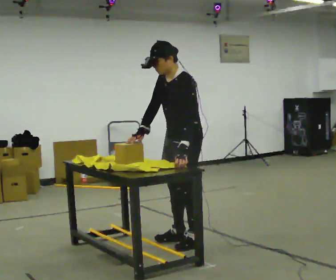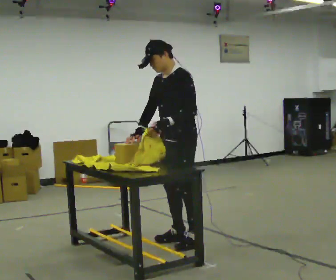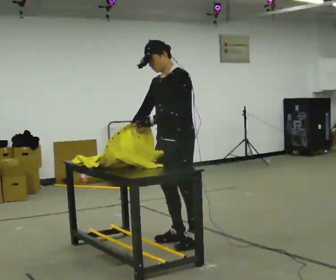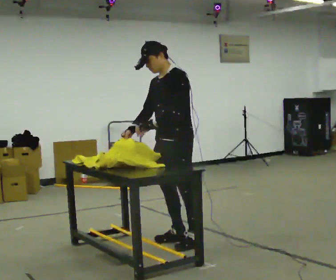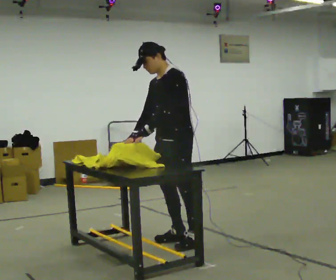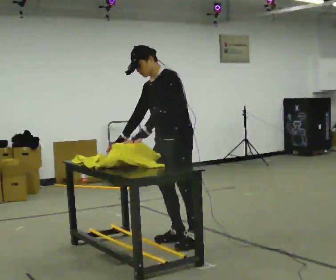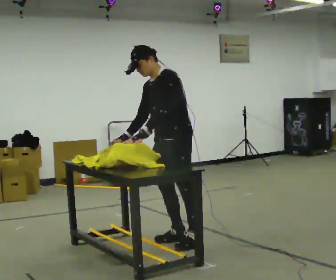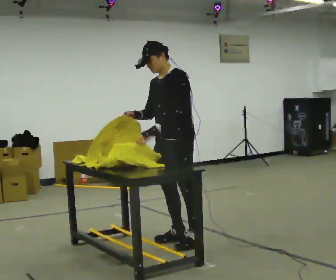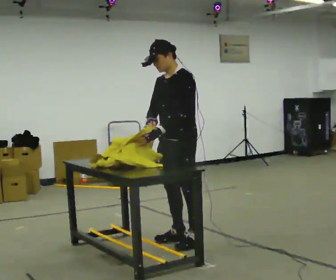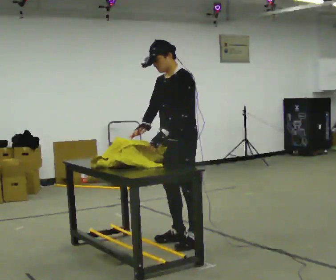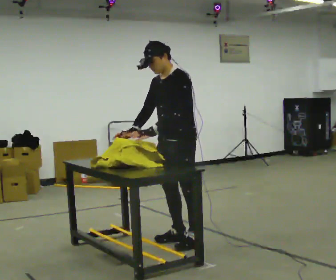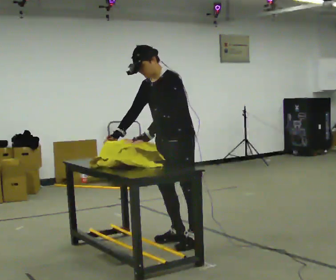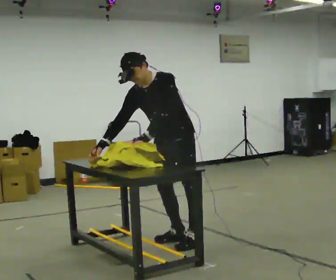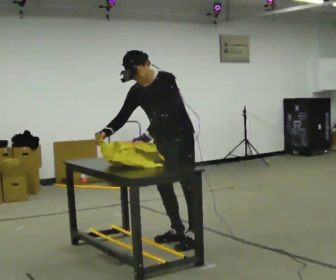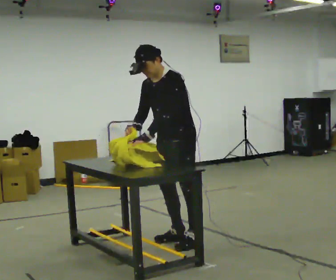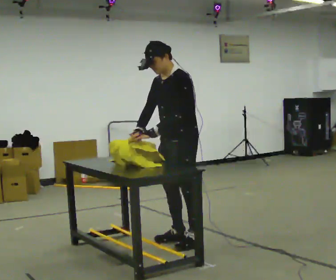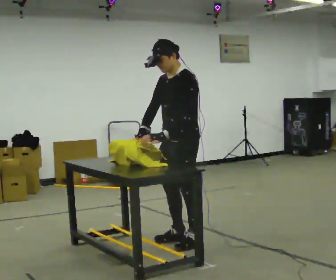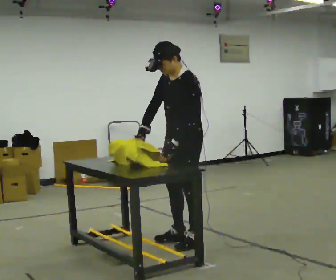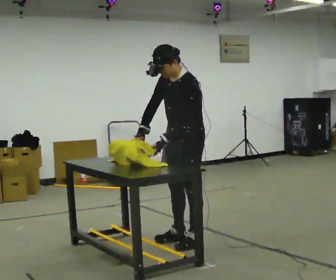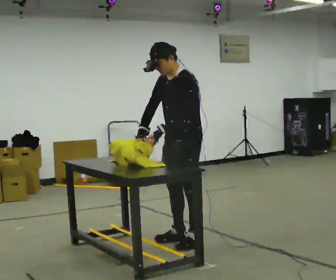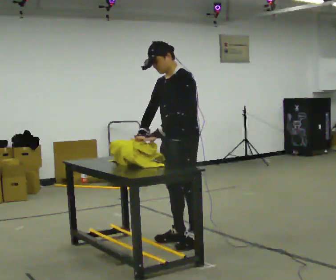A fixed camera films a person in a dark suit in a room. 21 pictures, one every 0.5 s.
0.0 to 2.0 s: In the picture their left hand goes to the left.
2.0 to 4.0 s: The person moves a little, or ends about where they began.
4.0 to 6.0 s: In the picture the upper body tilts counterclockwise, shoulders to the left, as they bend forward. In the picture their right hand goes to the left.
6.0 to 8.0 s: The person turns about 30 degrees to their right, clockwise seen from above, so the part of the body nearest the lens slides to the left. In the picture the upper body tilts clockwise, shoulders to the right, as they lean back or straighten. In the picture their right hand goes to the right.
8.0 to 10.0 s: The person moves a little, or ends about where they began.
The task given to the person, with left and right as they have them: Wrap the cloth around the object and tuck it in, then unwrap it. Repeat at your own pace until the operator says stop. Keep both feet on the marked spots for the whole take. If you have to step, stop and tell the operator.
The film runs forward here.
